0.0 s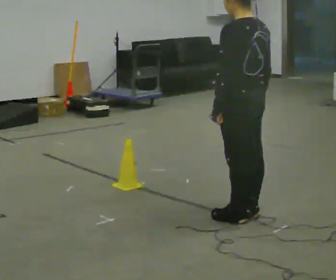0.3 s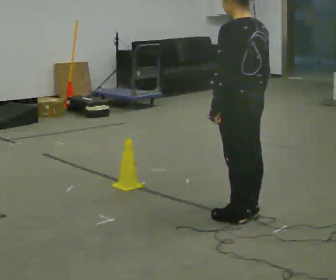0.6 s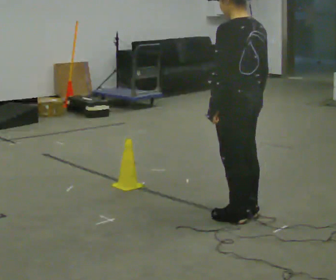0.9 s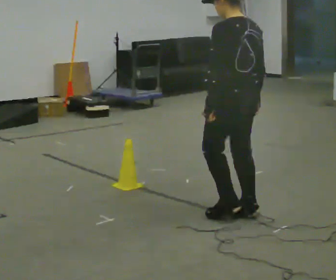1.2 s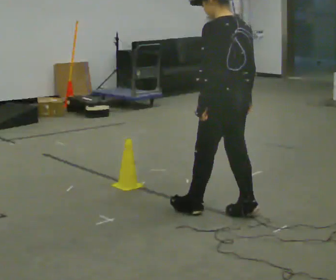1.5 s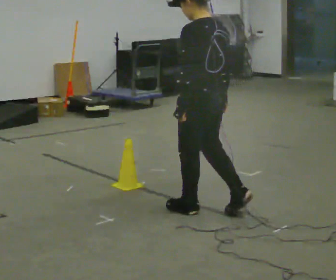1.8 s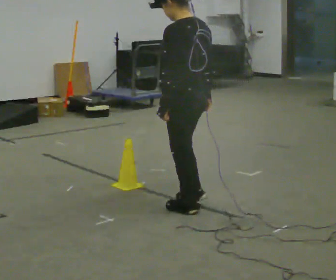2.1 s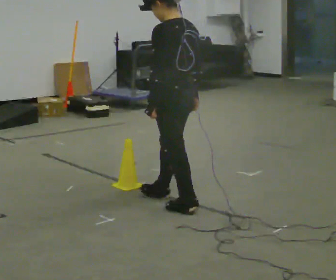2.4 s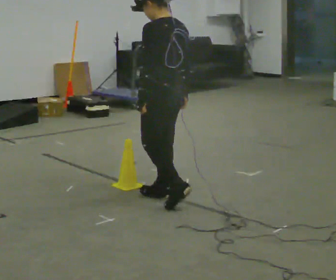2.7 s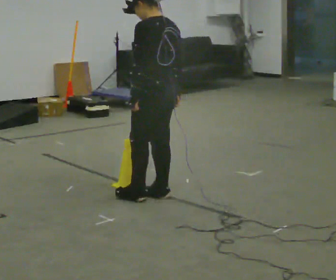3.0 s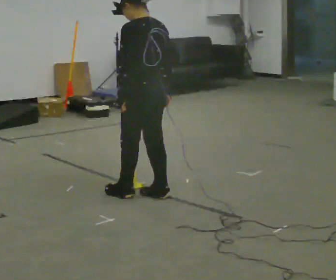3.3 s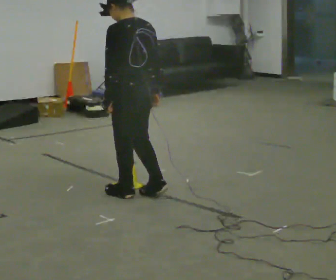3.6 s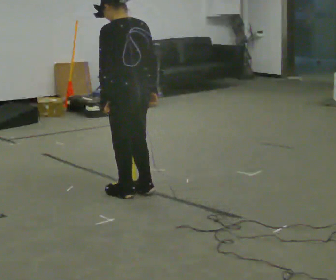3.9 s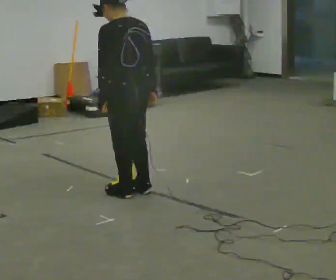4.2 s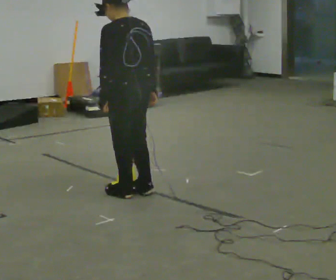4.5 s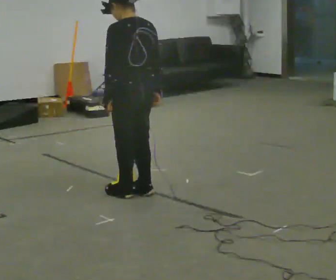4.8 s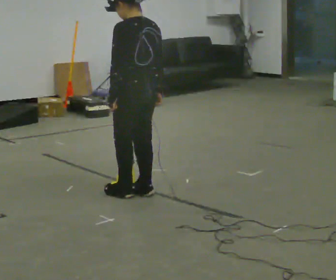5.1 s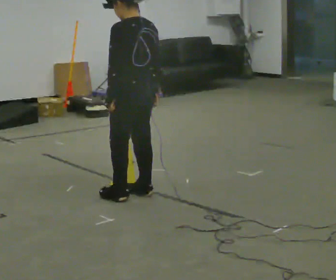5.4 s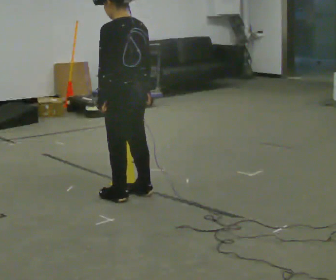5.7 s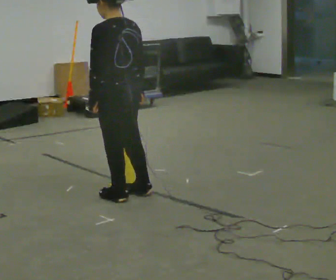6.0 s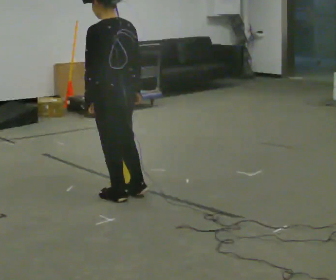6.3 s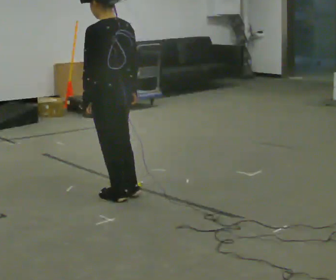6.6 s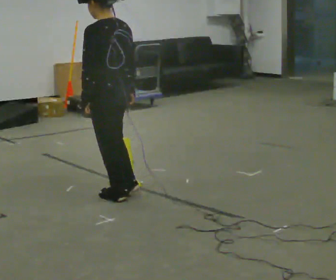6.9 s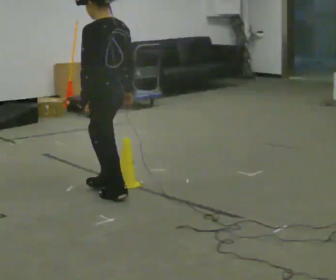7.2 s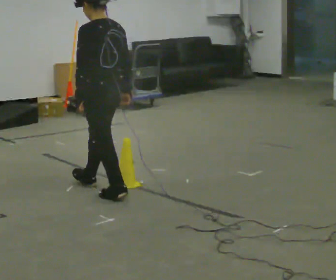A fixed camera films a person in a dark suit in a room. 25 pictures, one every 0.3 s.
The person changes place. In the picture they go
to the left.
0.0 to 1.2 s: The person moves a little, or ends about where they began.
1.2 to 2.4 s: In the picture they go to the left and away from the camera, about 0.5 m in 2 steps, which for them is forward.
2.4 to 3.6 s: In the picture they go to the left, about 0.25 m in 1 step, which for them is forward.
3.6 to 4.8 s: The person moves a little, or ends about where they began.
4.8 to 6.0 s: In the picture they go to the left, about 0.25 m, which for them is to their left.
6.0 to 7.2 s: The person moves a little, or ends about where they began.
The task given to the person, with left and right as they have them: Walk back and forth across the room at a normal pace, looking ahead. There may be something on the floor. Recover however comes naturally and carry on.
The film runs forward here.
